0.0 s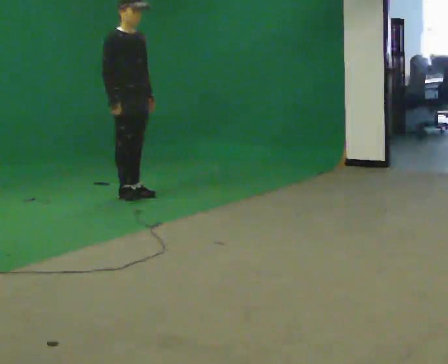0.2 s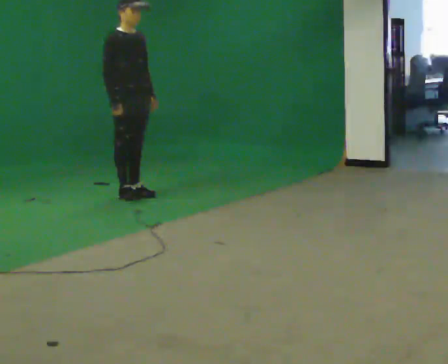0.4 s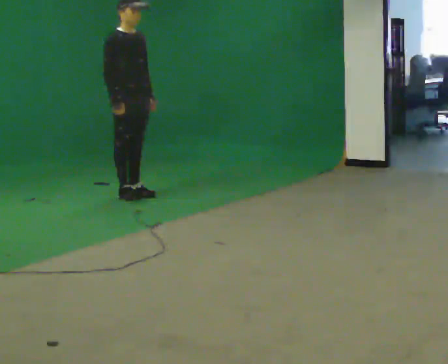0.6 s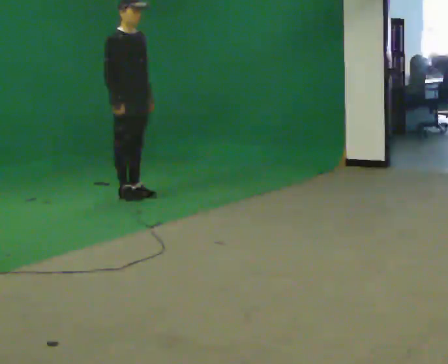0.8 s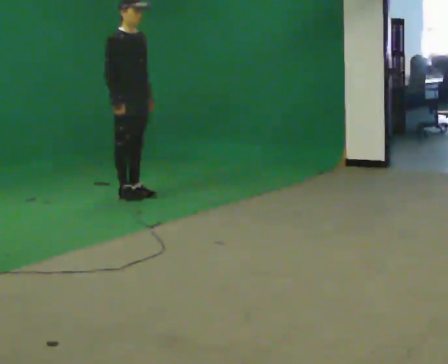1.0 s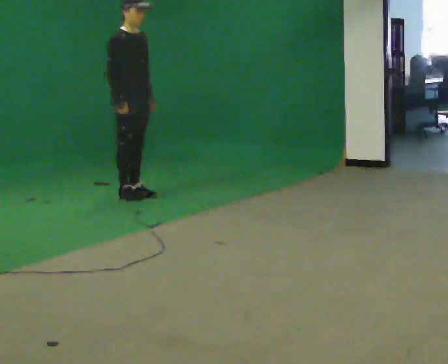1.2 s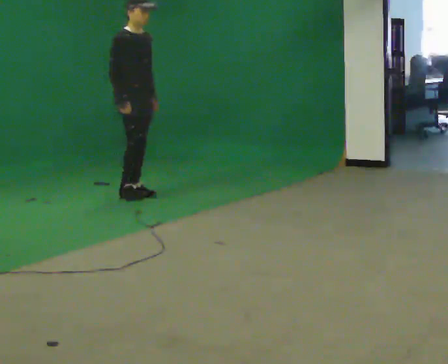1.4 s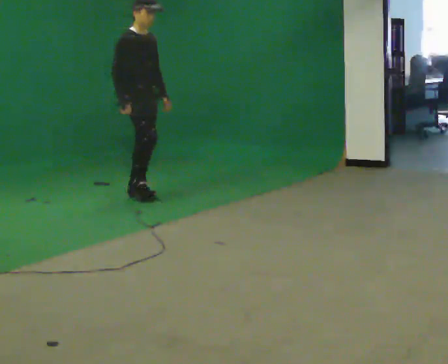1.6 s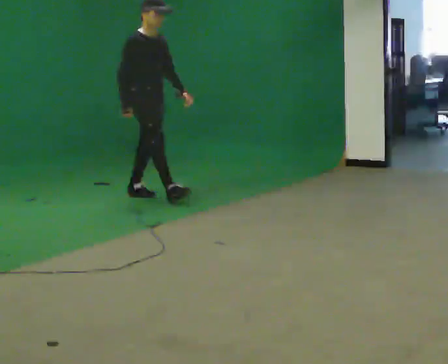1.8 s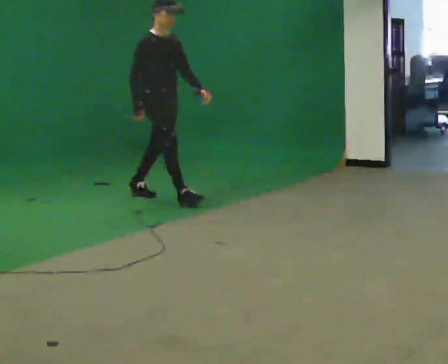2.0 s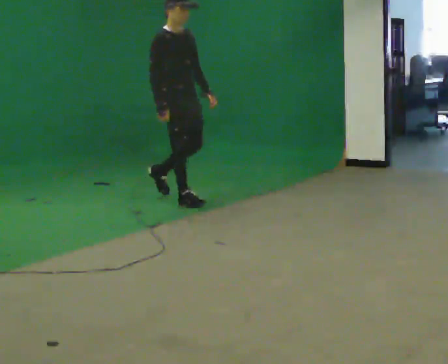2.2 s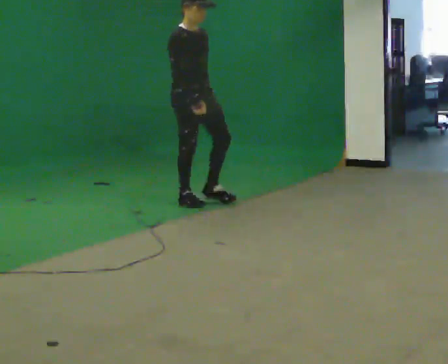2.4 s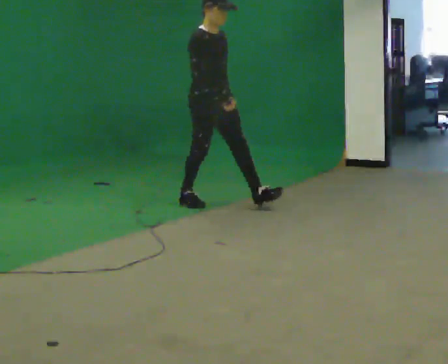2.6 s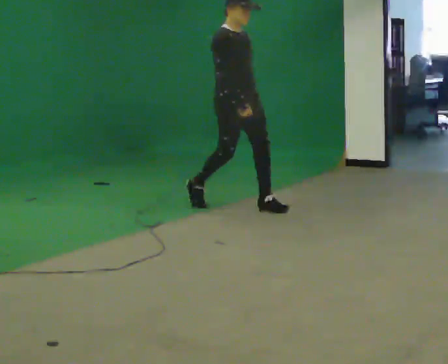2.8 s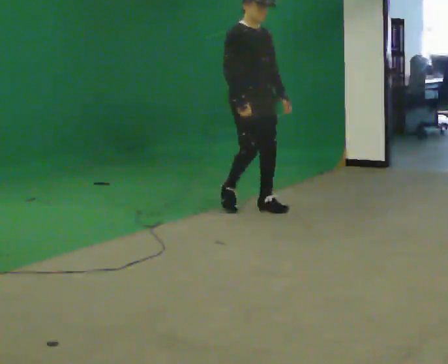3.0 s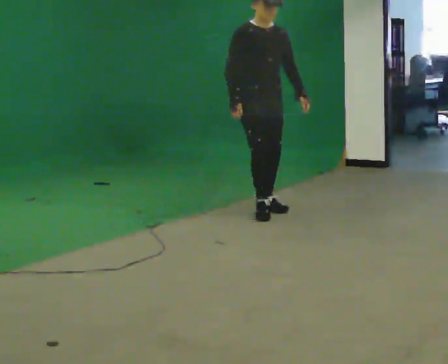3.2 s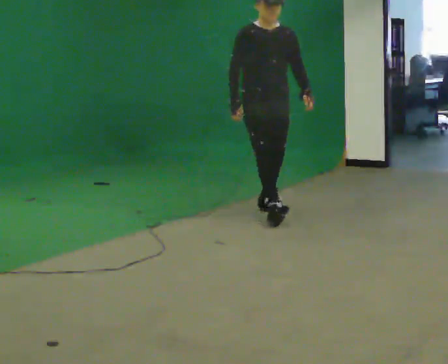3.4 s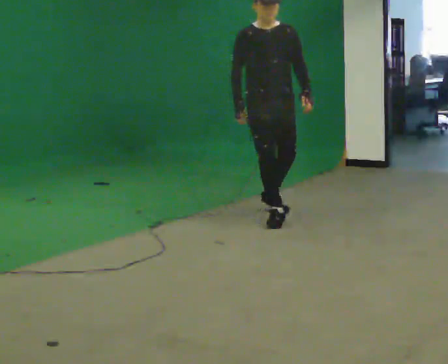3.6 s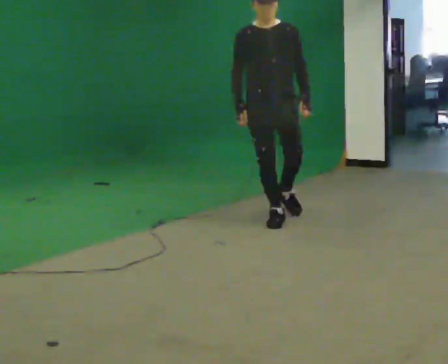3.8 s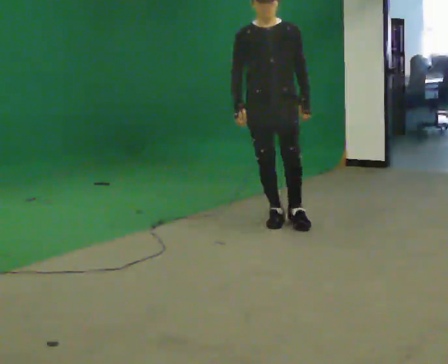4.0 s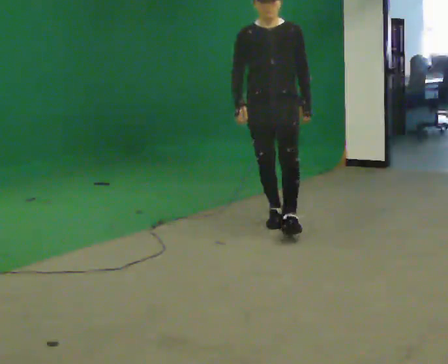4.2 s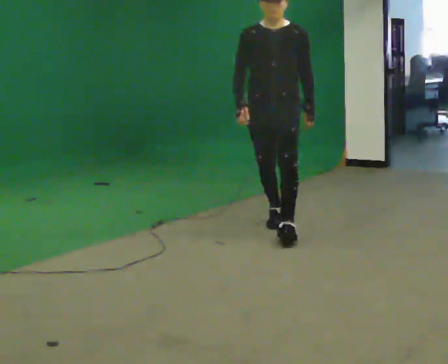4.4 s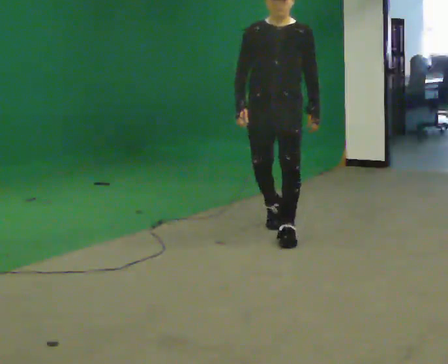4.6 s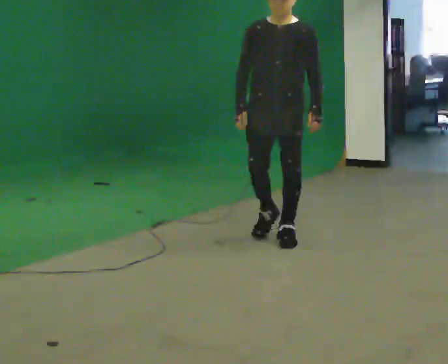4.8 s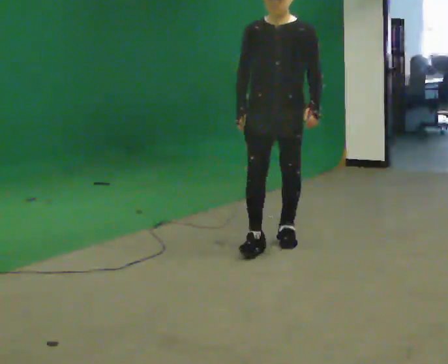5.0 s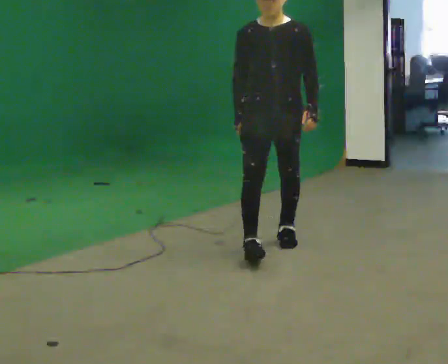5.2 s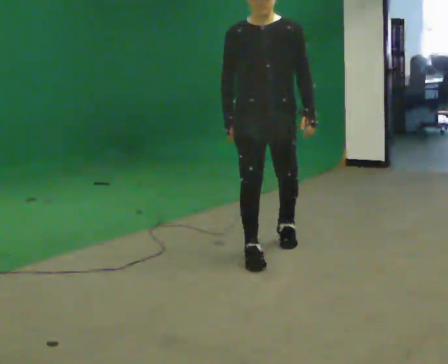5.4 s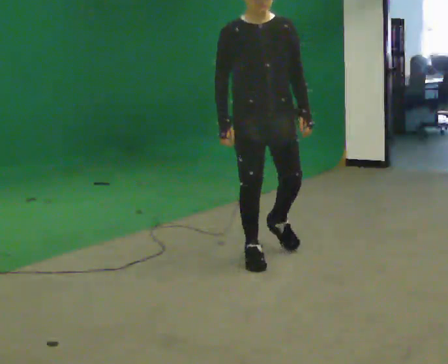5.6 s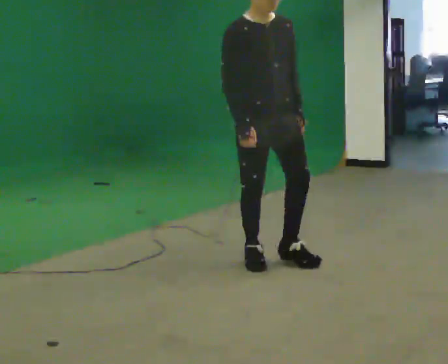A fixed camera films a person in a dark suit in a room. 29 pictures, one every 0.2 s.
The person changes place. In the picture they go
toward the camera.
The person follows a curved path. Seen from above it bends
clockwise.
0.0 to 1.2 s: The person moves a little, or ends about where they began.
1.2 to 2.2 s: In the picture they go to the right and toward the camera, about 0.75 m in 1 step, which for them is forward.
2.2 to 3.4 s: The part of the body nearest the lens slides to the left as the person turns to their right by about 45 degrees. In the picture they go to the right and toward the camera, about 1 m in 2 steps, which for them is forward.
3.4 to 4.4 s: In the picture they go toward the camera, about 0.5 m in 1 step, which for them is forward.
4.4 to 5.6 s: The part of the body nearest the lens slides to the right as the person turns to their left by about 45 degrees. In the picture they go toward the camera, about 0.75 m in 1 step, which for them is forward.
The film runs forward here.
